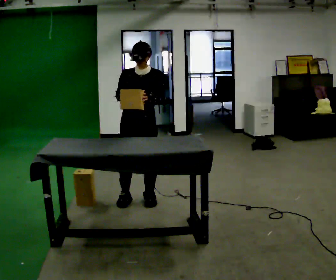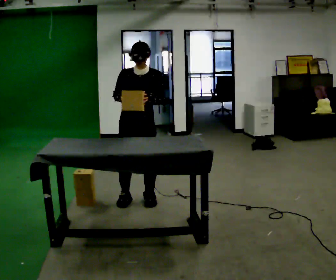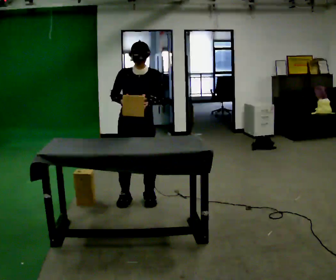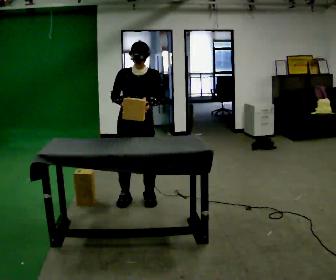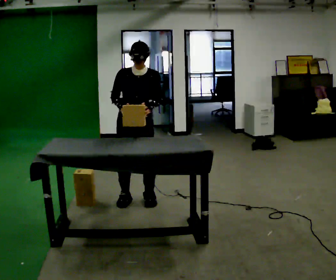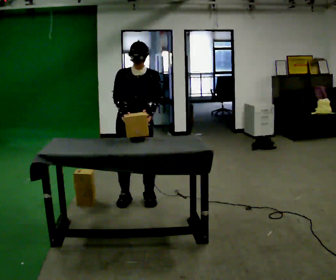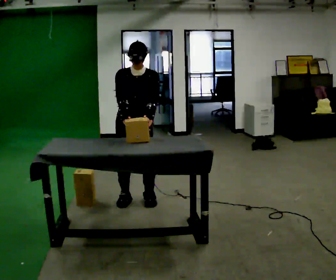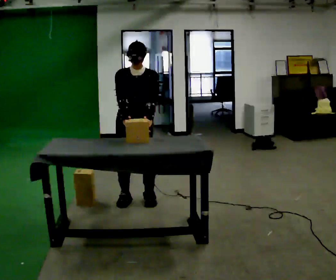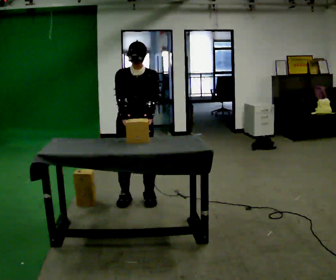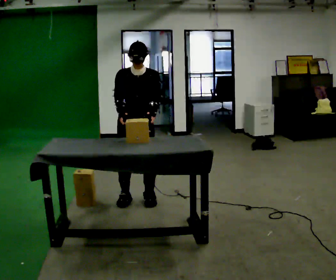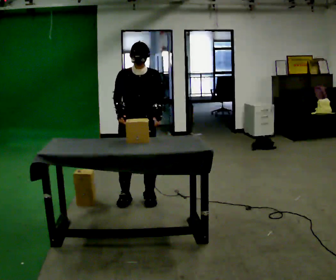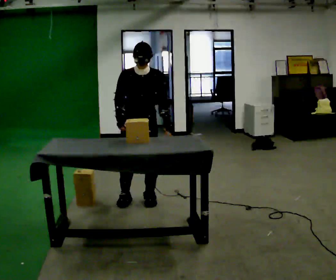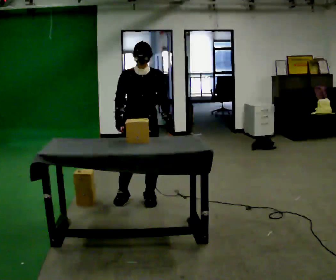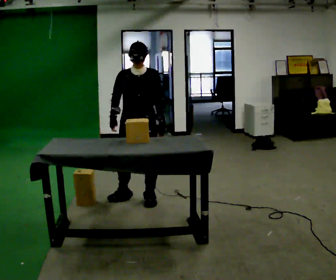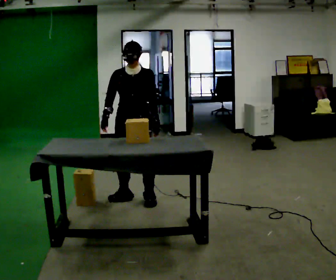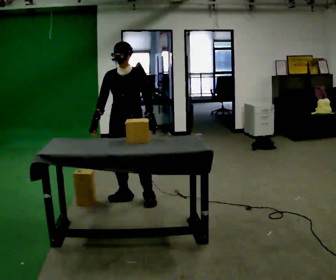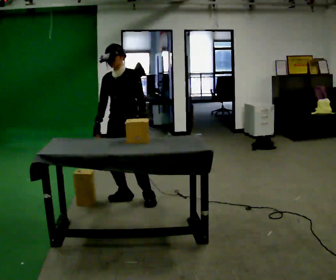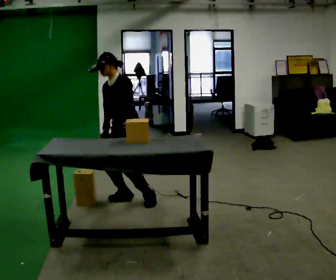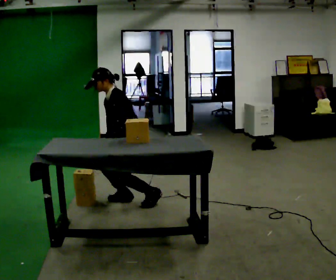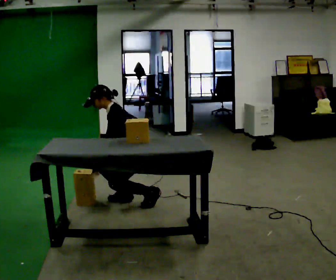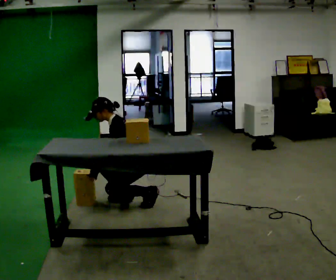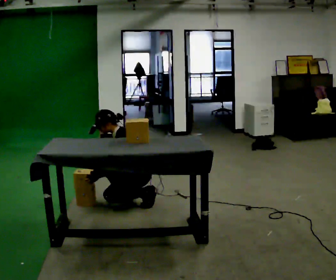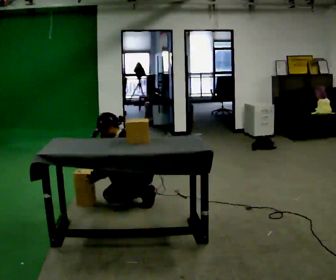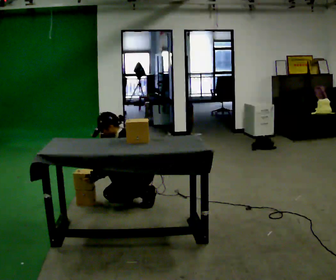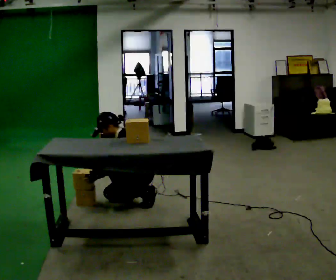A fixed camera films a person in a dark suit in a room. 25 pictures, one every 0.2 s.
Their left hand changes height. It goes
downward.
The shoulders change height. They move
downward.
0.0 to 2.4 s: The person moves a little, or ends about where they began.
2.4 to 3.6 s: The part of the body nearest the lens slides to the left as the person turns to their right by about 60 degrees. The shoulders move downward. In the picture the upper body tilts counterclockwise, shoulders to the left, as they bend forward.
3.6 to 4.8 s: The shoulders move downward. In the picture their left hand goes downward.
The film runs backward here.
